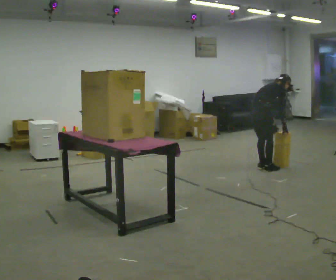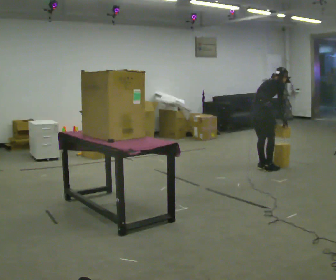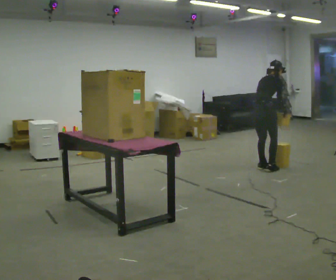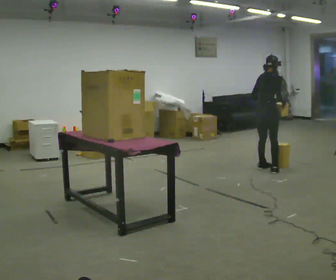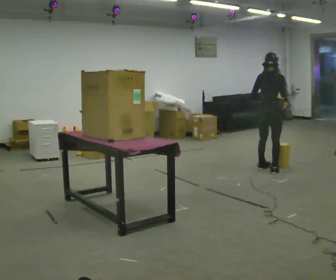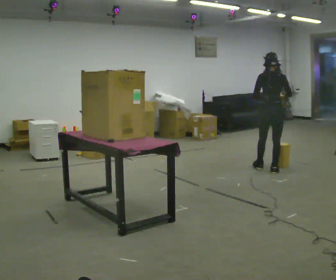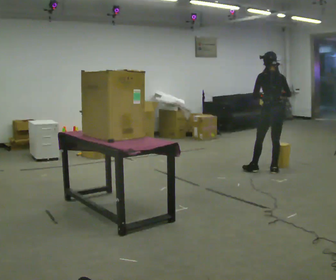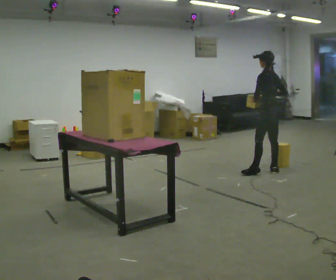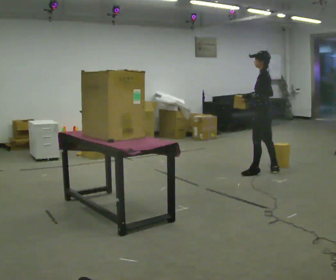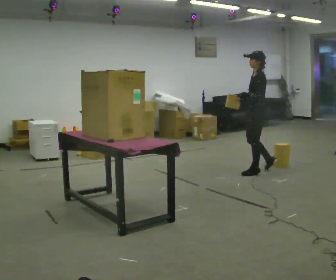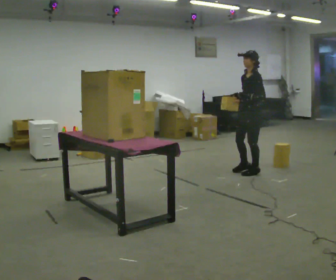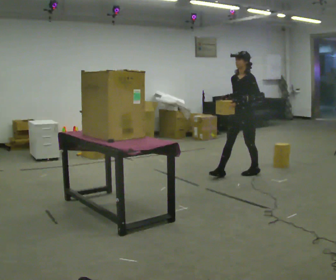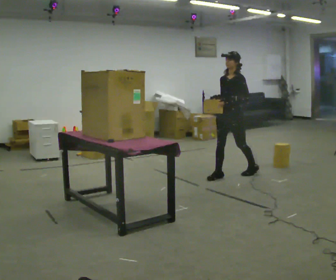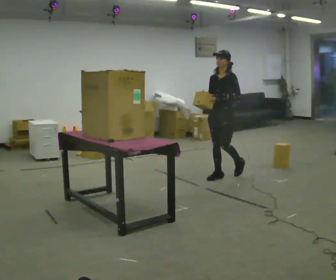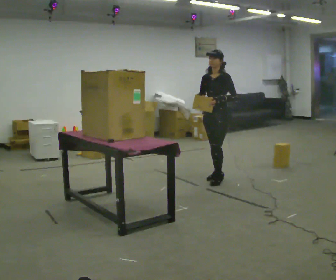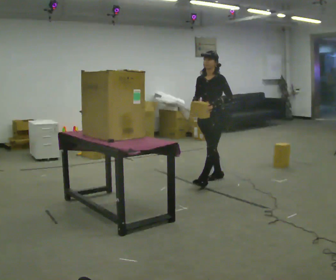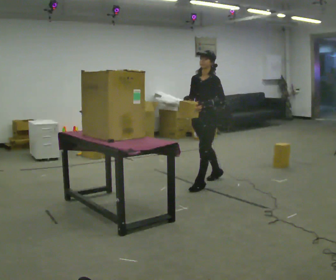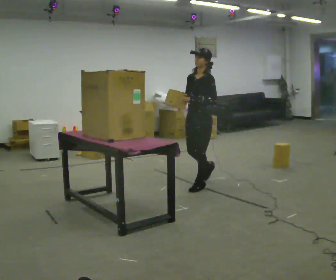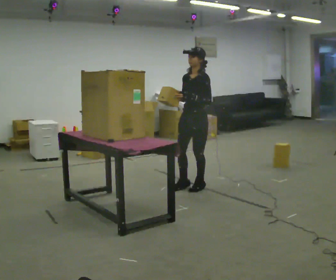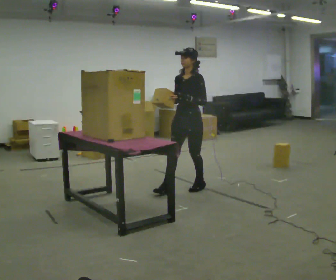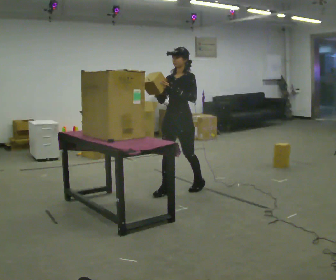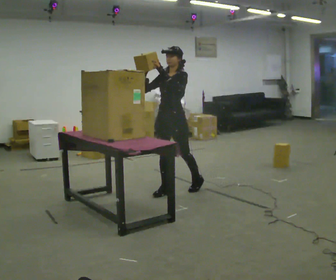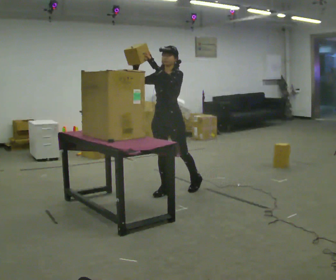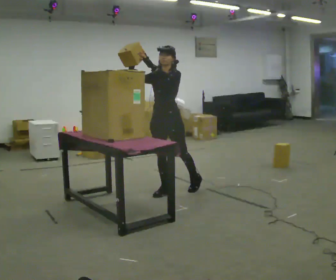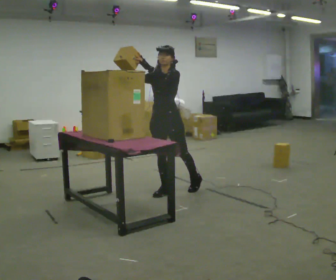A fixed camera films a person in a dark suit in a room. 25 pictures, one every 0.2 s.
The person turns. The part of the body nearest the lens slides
to the right.
The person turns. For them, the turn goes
to their left.
0.0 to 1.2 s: The person turns about 75 degrees to their left, counterclockwise seen from above, so the part of the body nearest the lens slides to the right. In the picture they go to the right, about 0.25 m. The shoulders move upward. In the picture the upper body tilts counterclockwise, shoulders to the left, as they lean back or straighten. In the picture their right hand goes upward.
1.2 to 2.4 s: The person turns about 120 degrees to their left, counterclockwise seen from above, so the part of the body nearest the lens slides to the right. In the picture they go to the left and toward the camera, about 0.5 m in 2 steps.
2.4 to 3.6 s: In the picture they go toward the camera and to the left, about 0.75 m in 1 step, which for them is forward.
3.6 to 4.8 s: In the picture they go to the left and toward the camera, about 0.25 m in 1 step, which for them is forward.
The film runs forward here.
